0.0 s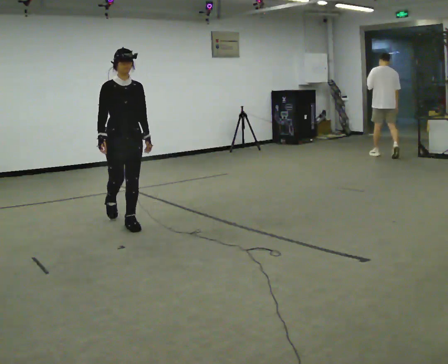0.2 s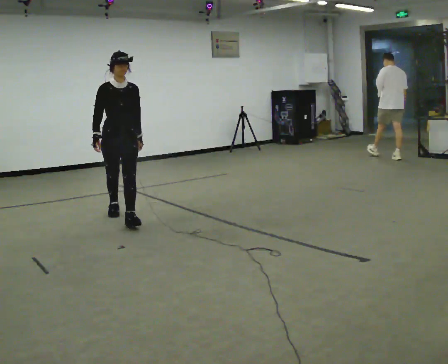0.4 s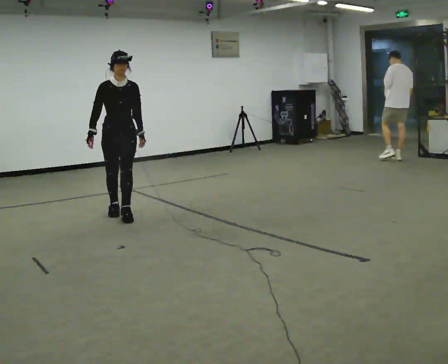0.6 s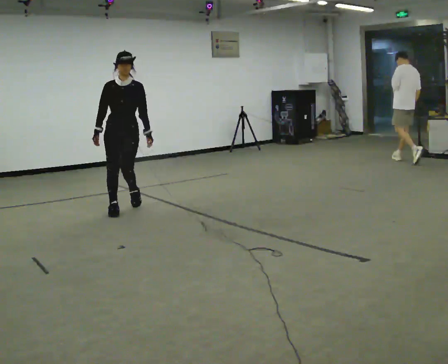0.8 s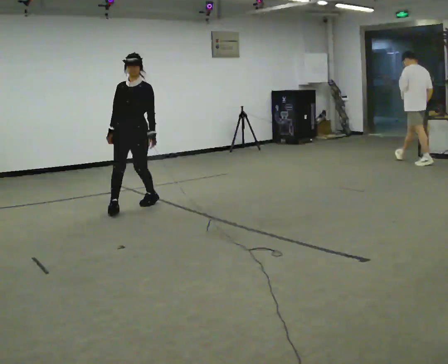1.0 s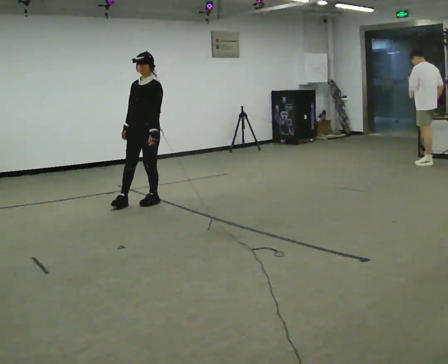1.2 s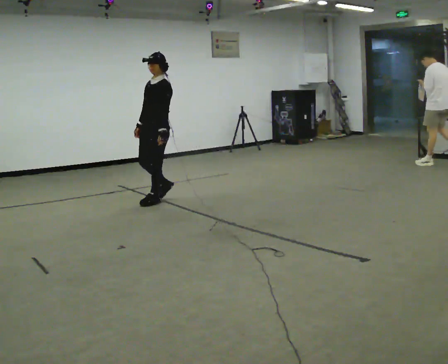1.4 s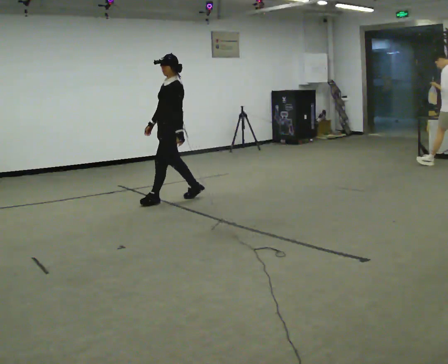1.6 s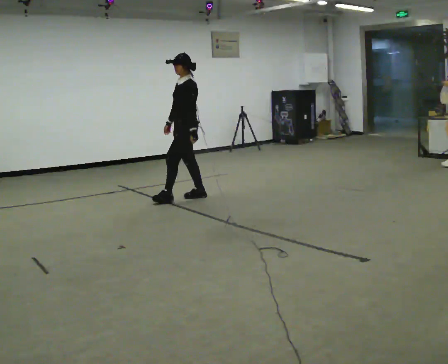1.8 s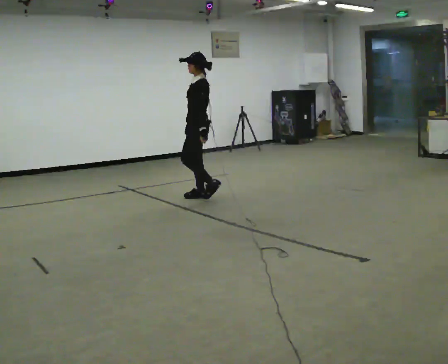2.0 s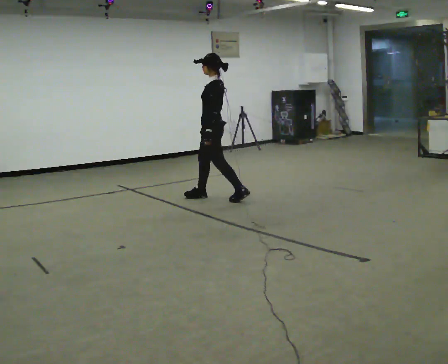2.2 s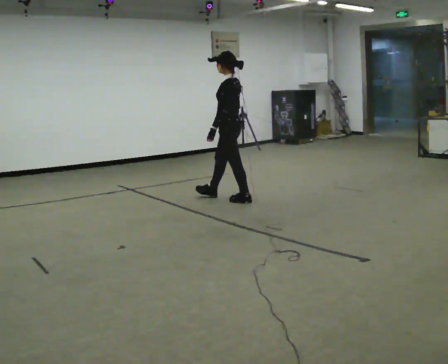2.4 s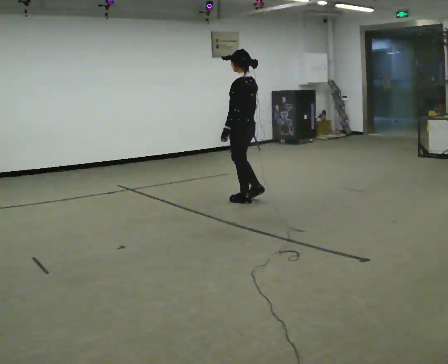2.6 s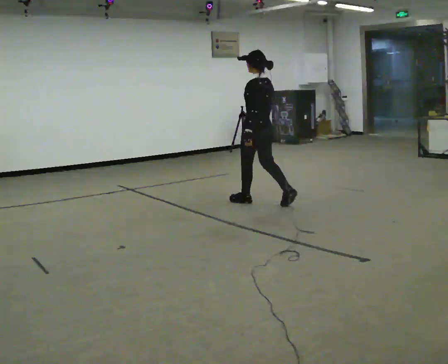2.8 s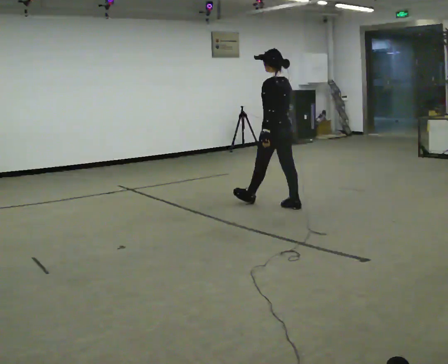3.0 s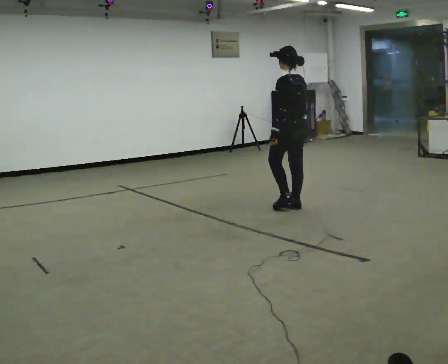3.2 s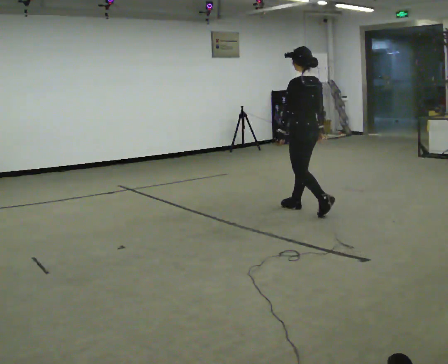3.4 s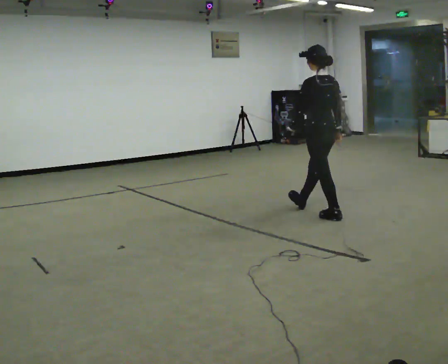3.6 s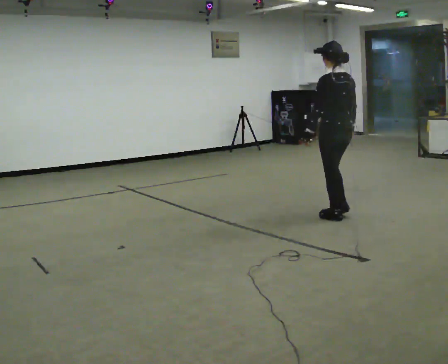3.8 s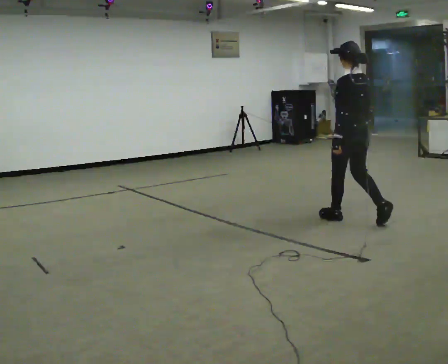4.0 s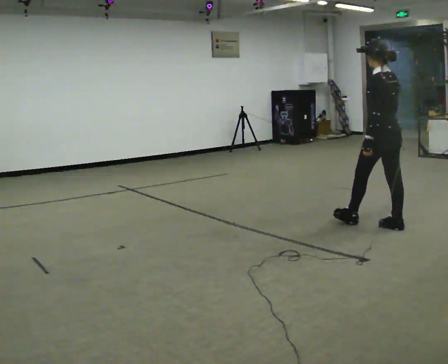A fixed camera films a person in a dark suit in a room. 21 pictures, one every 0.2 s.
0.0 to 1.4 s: Seen from above the body turns clockwise, about 90 degrees: to their right, with its near side sliding to the left. In the picture they go away from the camera and to the right, about 1 m in 2 steps.
1.4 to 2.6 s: The part of the body nearest the lens slides to the left as the person turns to their right by about 60 degrees. In the picture they go to the right, about 1 m in 2 steps.
2.6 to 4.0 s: In the picture they go toward the camera and to the right, about 1.5 m in 3 steps, which for them is backward.
The film runs backward here.
